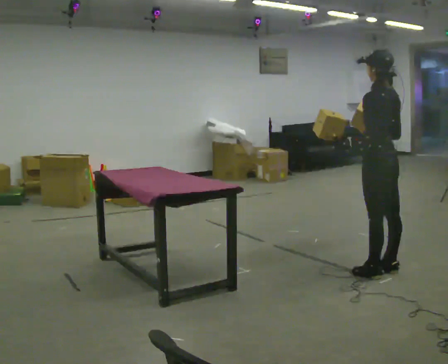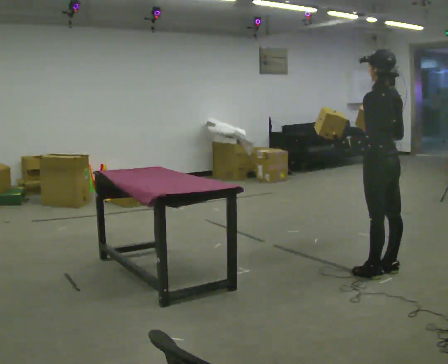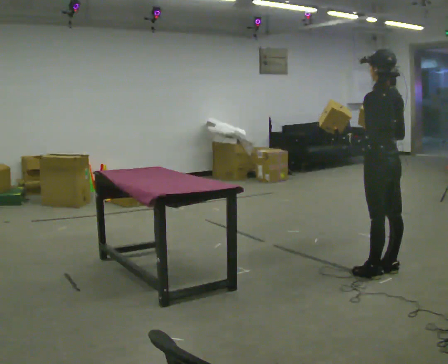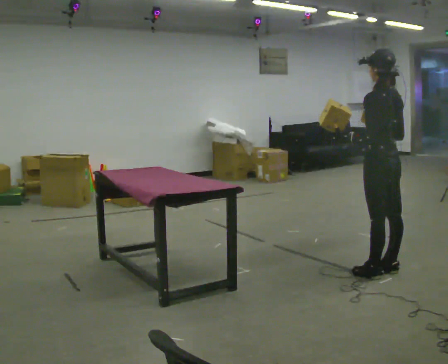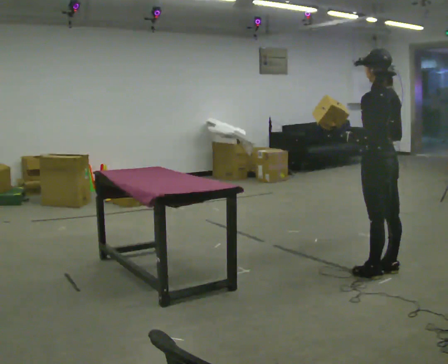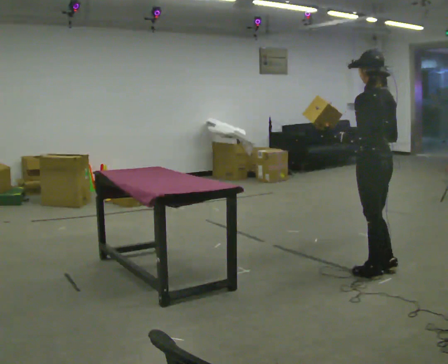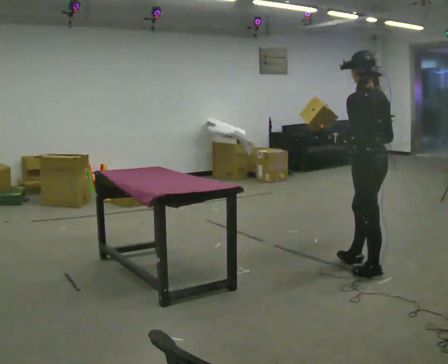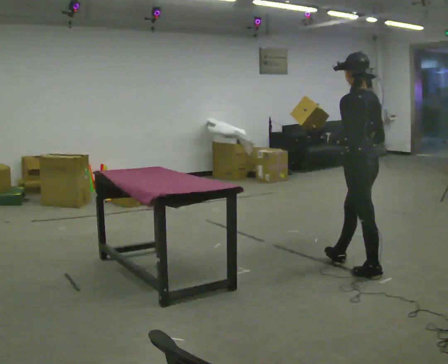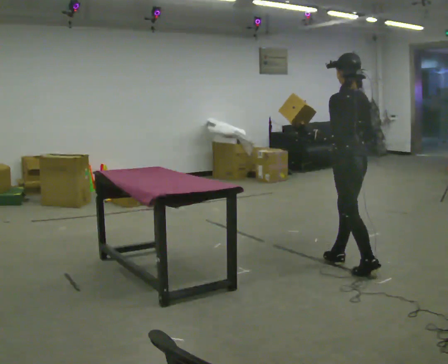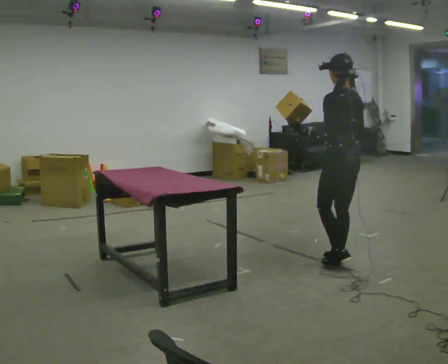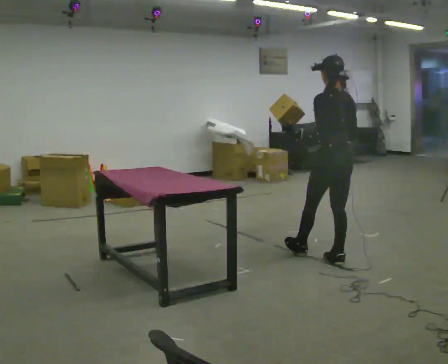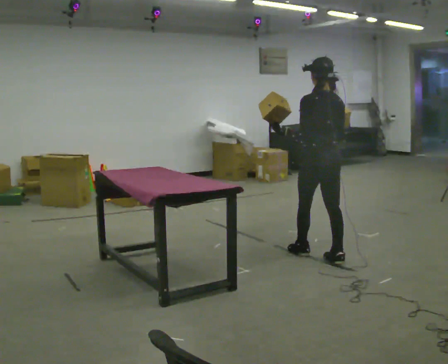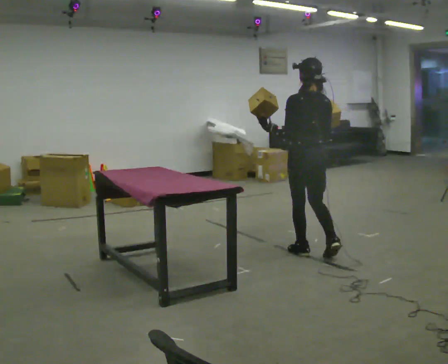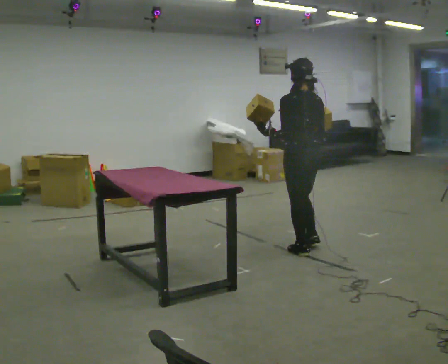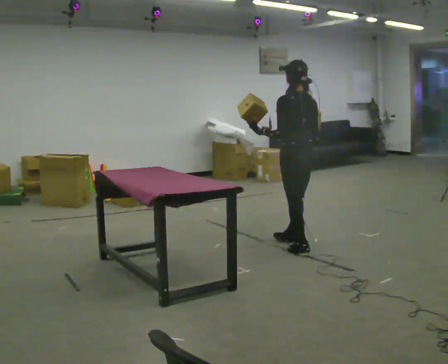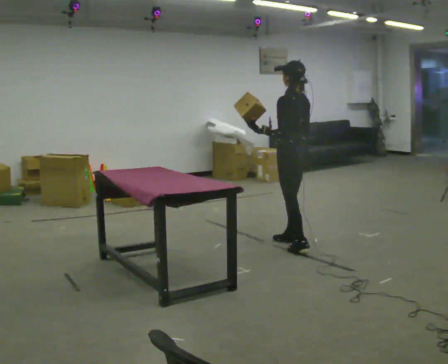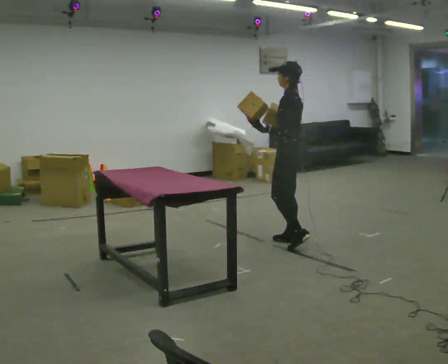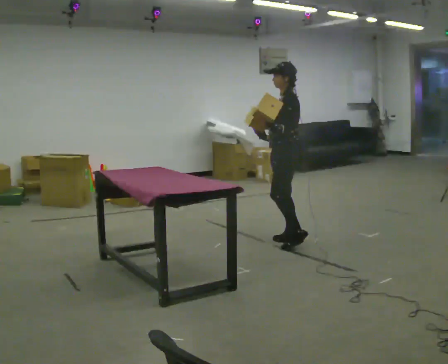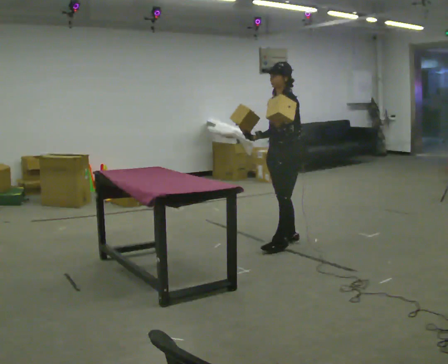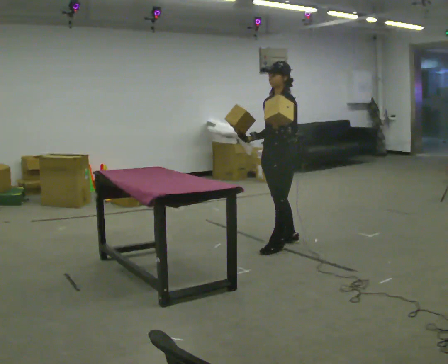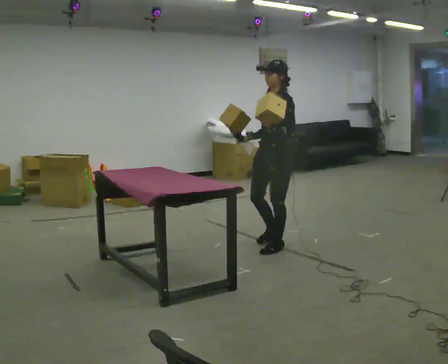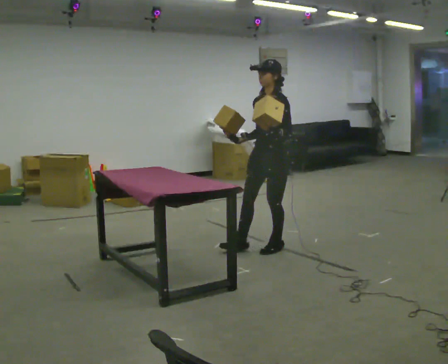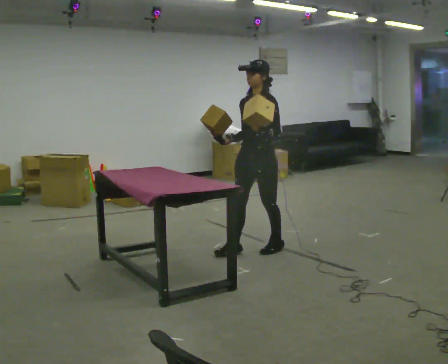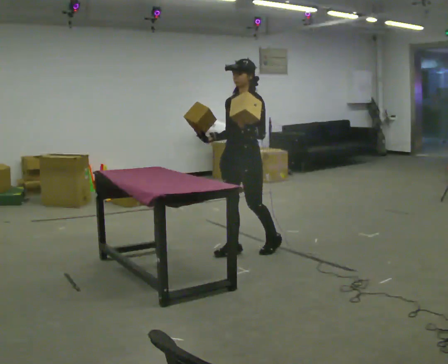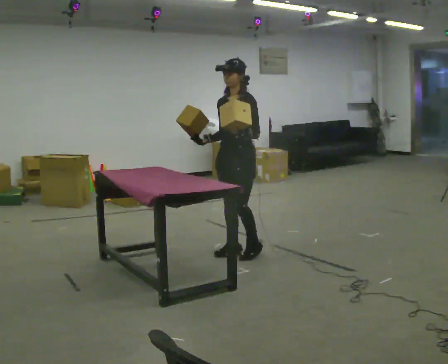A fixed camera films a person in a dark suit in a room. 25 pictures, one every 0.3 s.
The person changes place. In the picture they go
to the left.
The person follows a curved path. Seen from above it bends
counterclockwise.
0.0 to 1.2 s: The person moves a little, or ends about where they began.
1.2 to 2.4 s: In the picture they go away from the camera and to the left, about 0.25 m in 1 step, which for them is forward.
2.4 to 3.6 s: In the picture they go away from the camera and to the left, about 0.5 m in 1 step, which for them is forward.
3.6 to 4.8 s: Seen from above the body turns counterclockwise, about 60 degrees: to their left, with its near side sliding to the right. In the picture they go away from the camera, about 0.5 m in 1 step, which for them is forward.
4.8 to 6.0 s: Seen from above the body turns counterclockwise, about 45 degrees: to their left, with its near side sliding to the right. In the picture they go toward the camera, about 0.25 m in 2 steps, which for them is forward and to their left. In the picture their right hand goes to the left.
6.0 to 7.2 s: In the picture they go to the left, about 0.25 m in 1 step, which for them is forward.
The film runs forward here.
